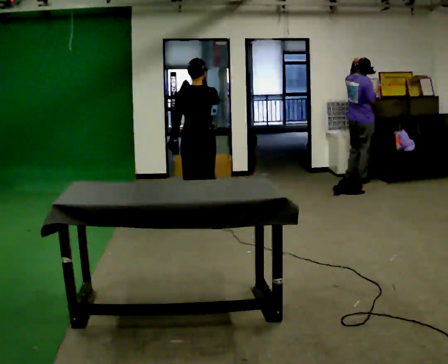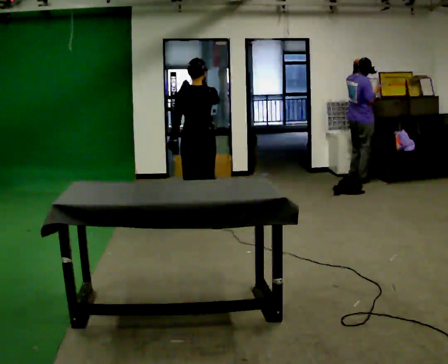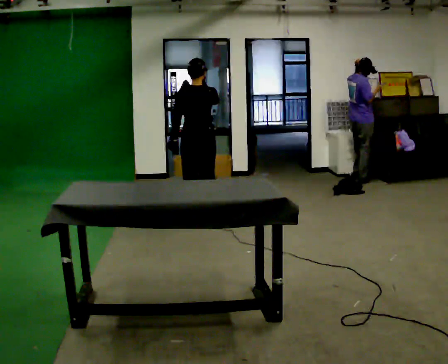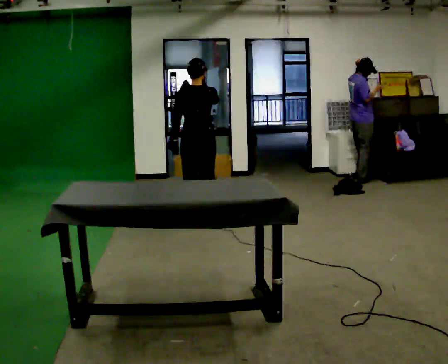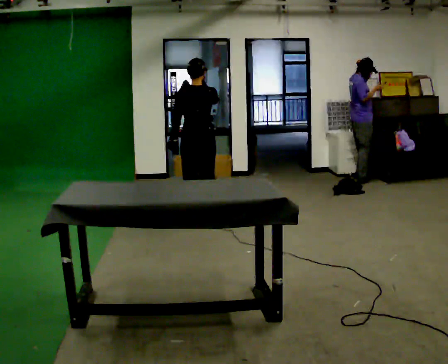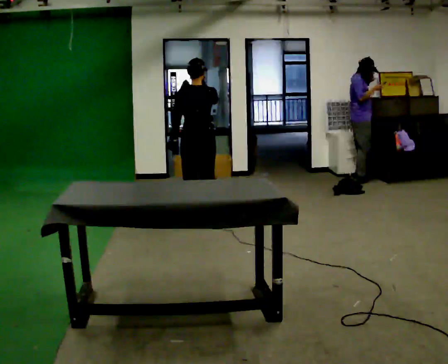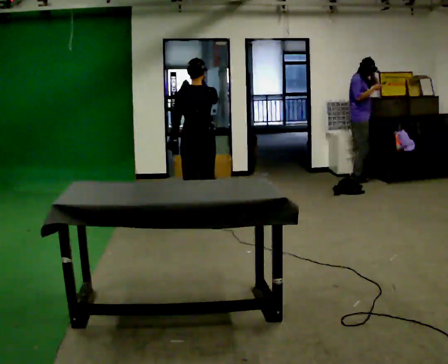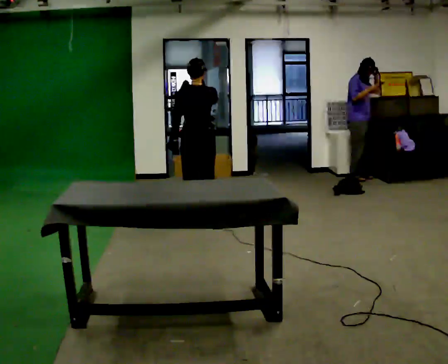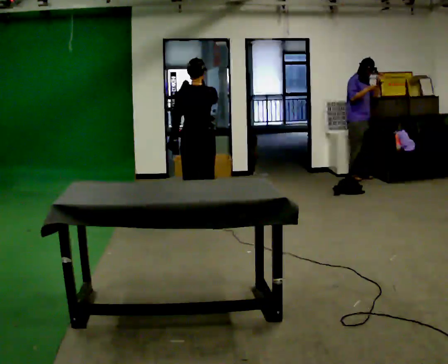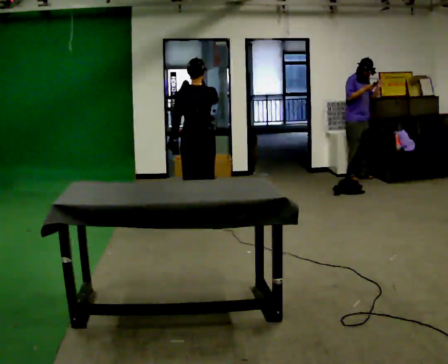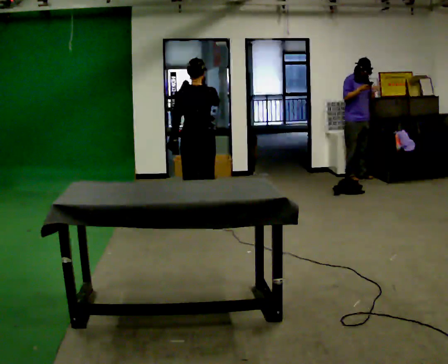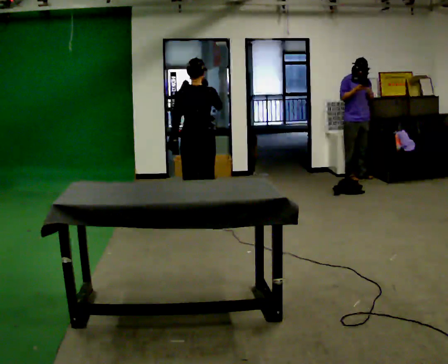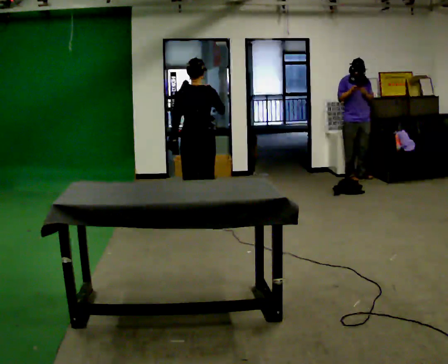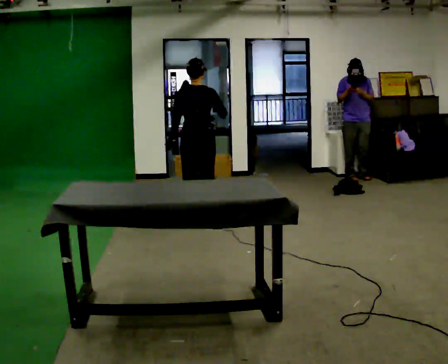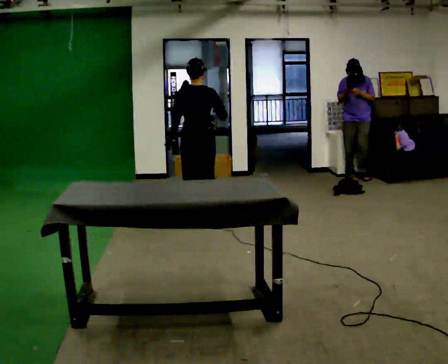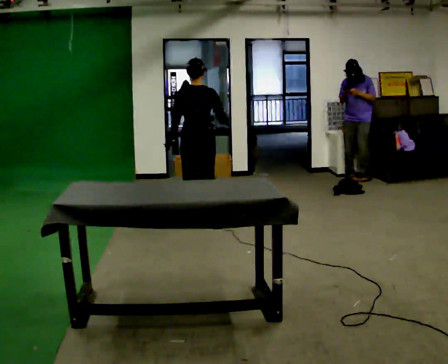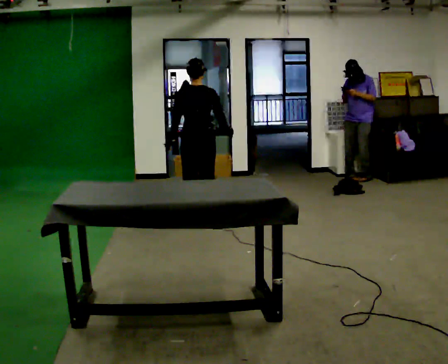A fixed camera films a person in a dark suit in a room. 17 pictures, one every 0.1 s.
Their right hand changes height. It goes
downward.
0.0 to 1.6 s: In the picture their right hand goes downward.
The film runs forward here.
